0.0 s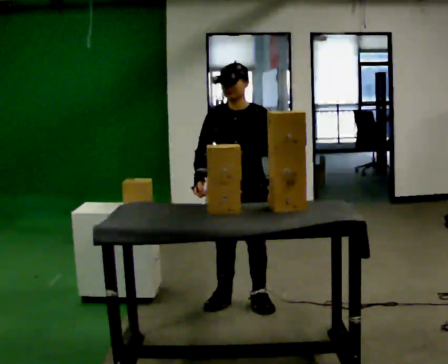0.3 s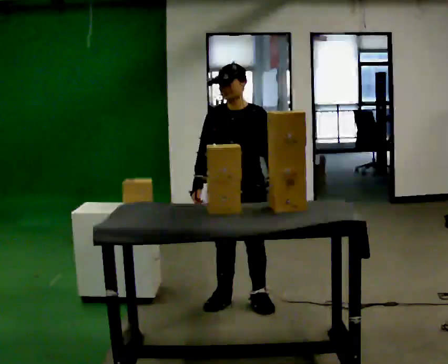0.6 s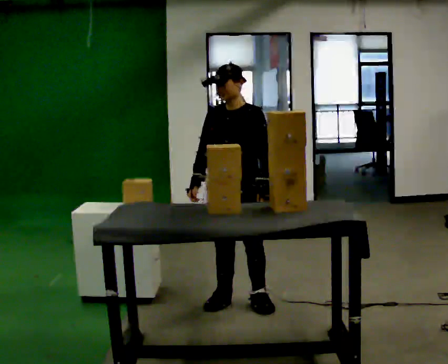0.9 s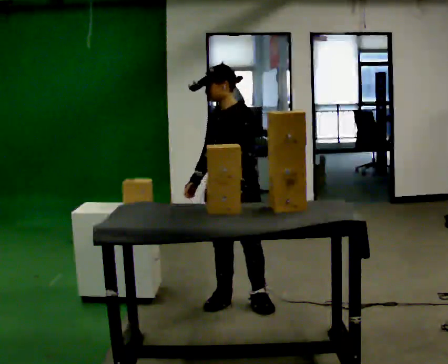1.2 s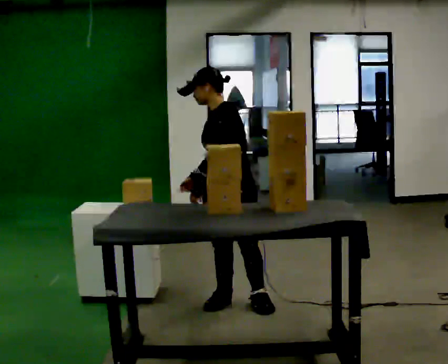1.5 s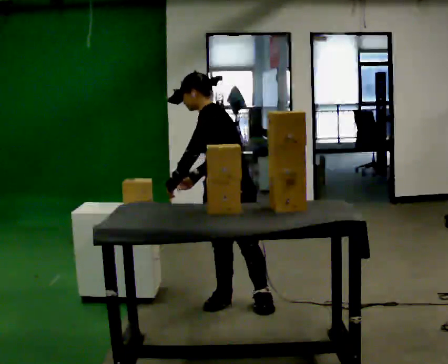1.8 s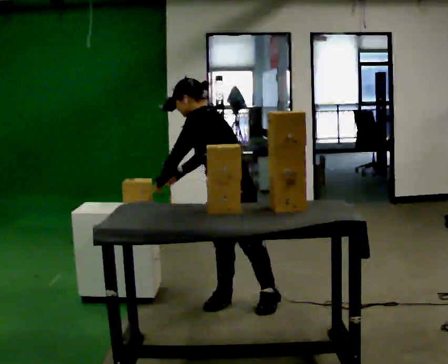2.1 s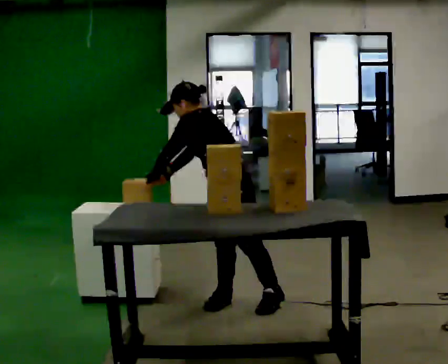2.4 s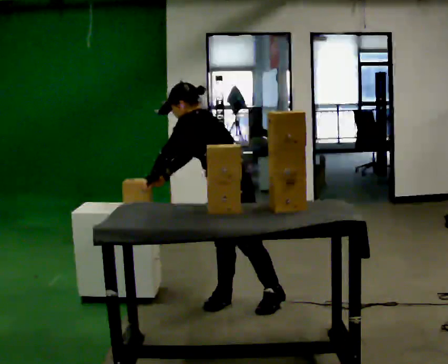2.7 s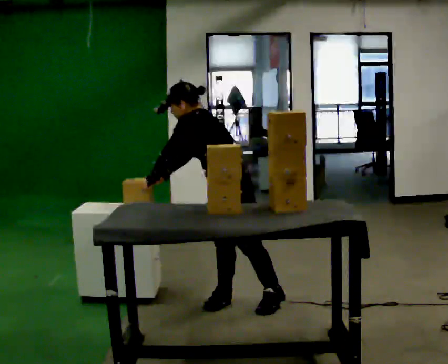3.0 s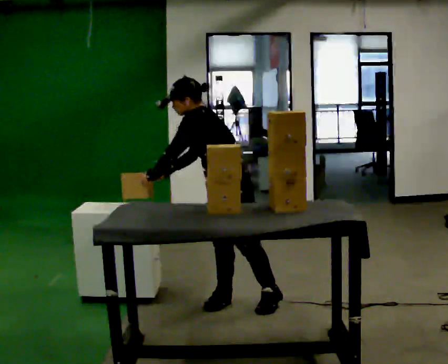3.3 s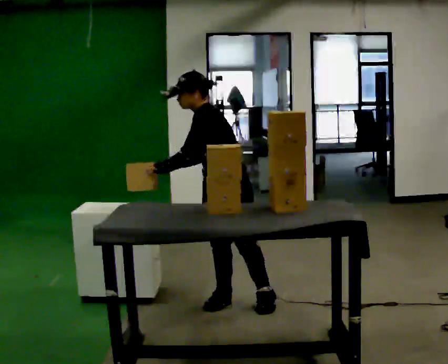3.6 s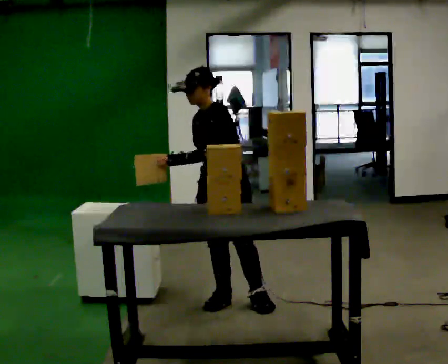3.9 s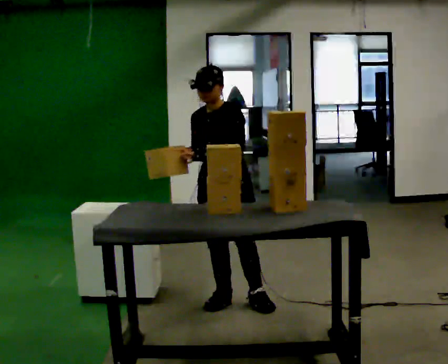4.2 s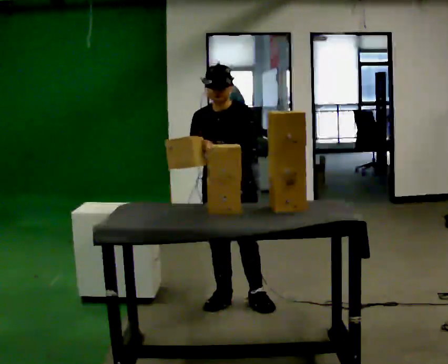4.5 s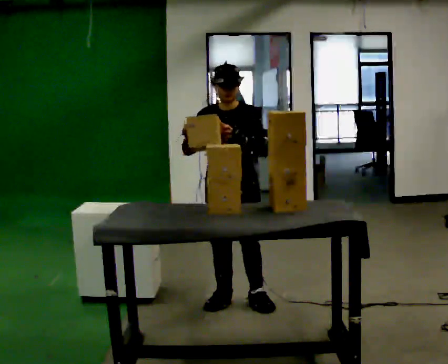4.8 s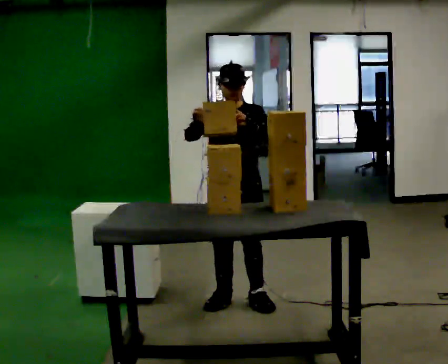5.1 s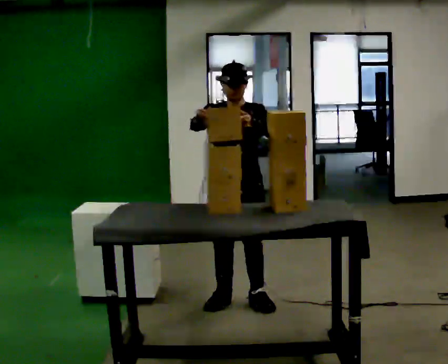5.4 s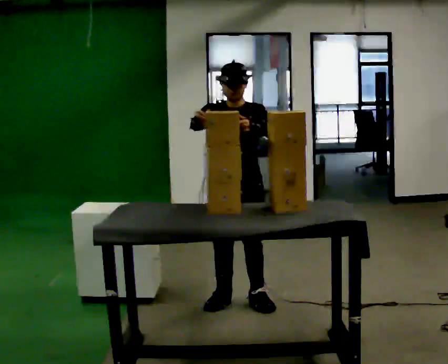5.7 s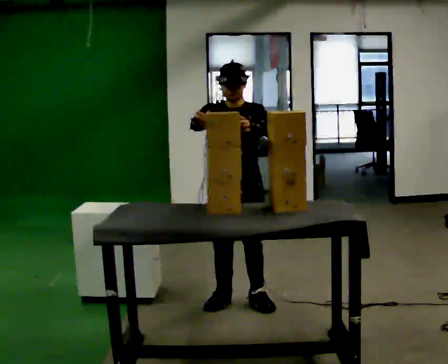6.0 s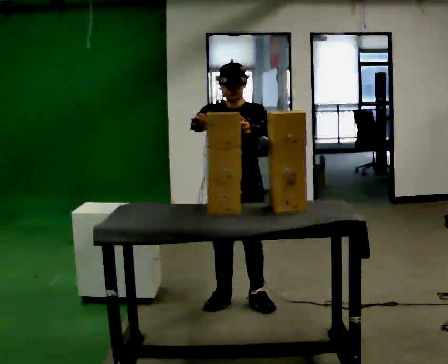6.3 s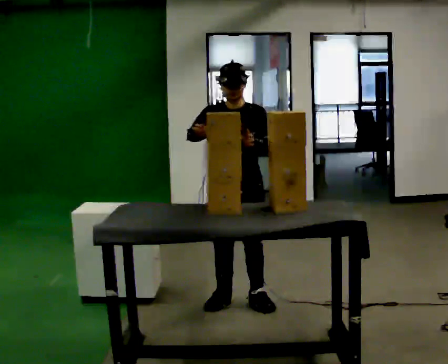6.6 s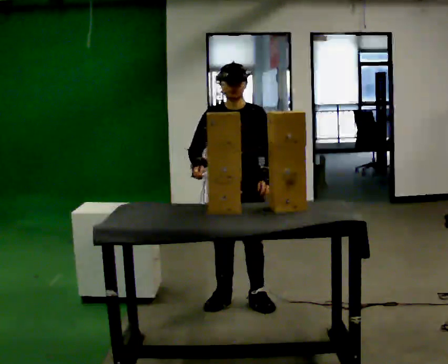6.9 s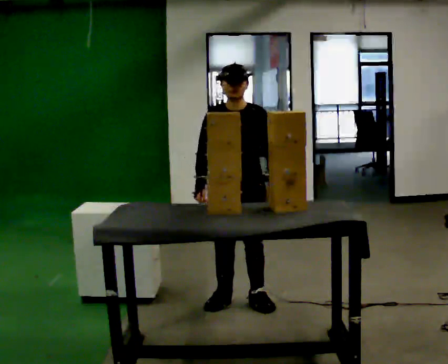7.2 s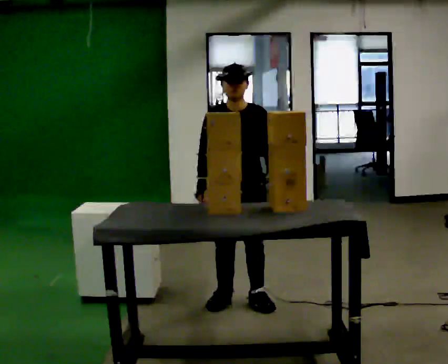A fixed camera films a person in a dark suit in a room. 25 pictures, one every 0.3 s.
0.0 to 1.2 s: The person turns about 45 degrees to their right, clockwise seen from above, so the part of the body nearest the lens slides to the left. In the picture their left hand goes to the left, the arm swinging clockwise.
1.2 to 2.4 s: The person turns about 30 degrees to their right, clockwise seen from above, so the part of the body nearest the lens slides to the left. In the picture the upper body tilts counterclockwise, shoulders to the left, as they bend forward.
2.4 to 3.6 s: Seen from above the body turns counterclockwise, about 45 degrees: to their left, with its near side sliding to the right. In the picture the upper body tilts clockwise, shoulders to the right, as they lean back or straighten.
3.6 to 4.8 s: Seen from above the body turns counterclockwise, about 45 degrees: to their left, with its near side sliding to the right.
4.8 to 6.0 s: The person moves a little, or ends about where they began.
6.0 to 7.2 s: In the picture their right hand goes downward.
The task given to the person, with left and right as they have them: Move the objects one at a time between the far targets the operator calls, without moving your feet. Repeat at your own pace until the operator says stop. Keep both feet on the marked spots for the whole take. If you have to step, stop and tell the operator.
The film runs forward here.
